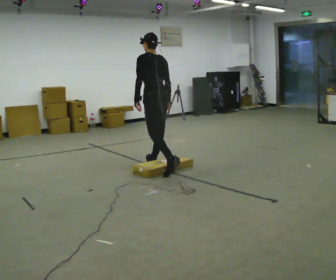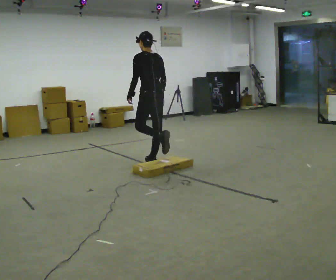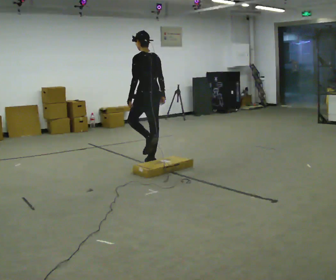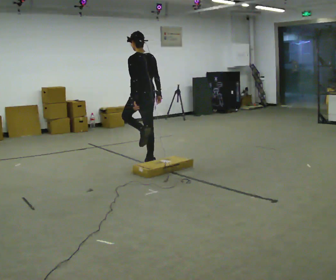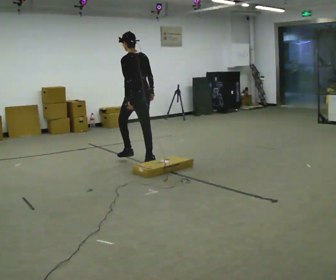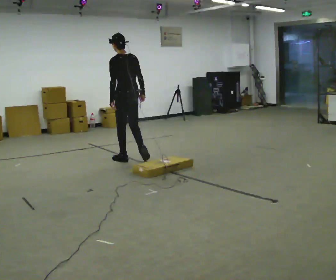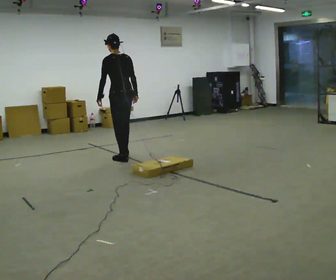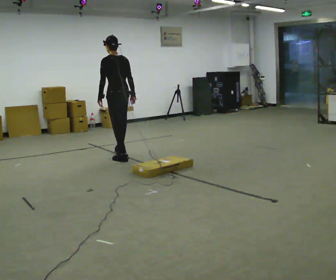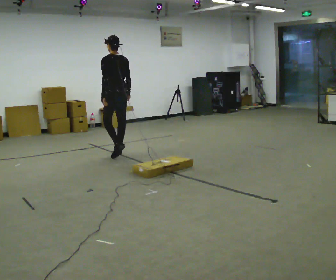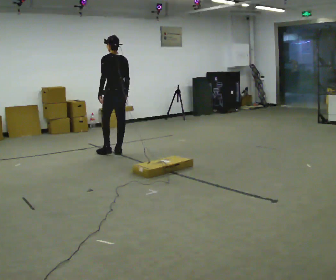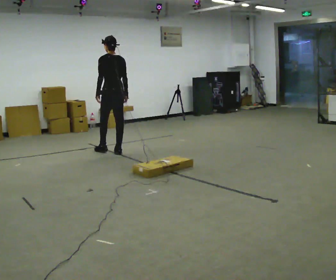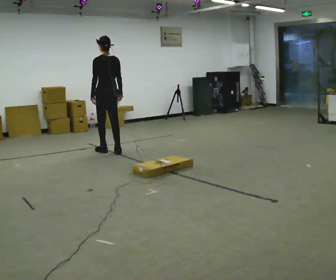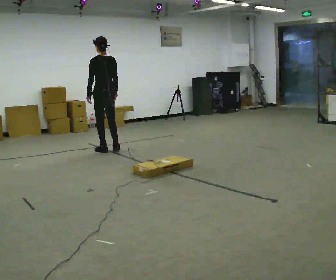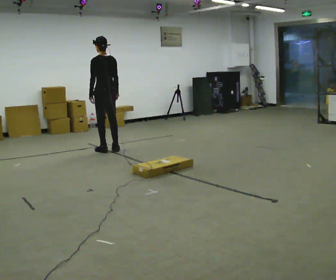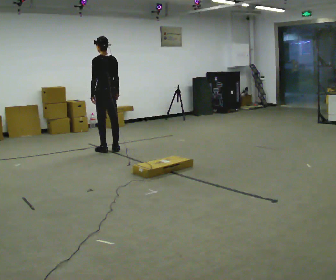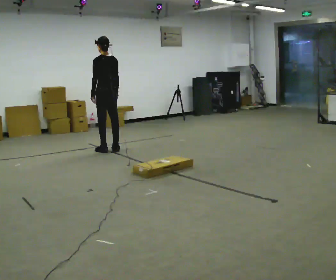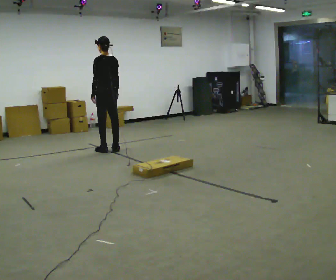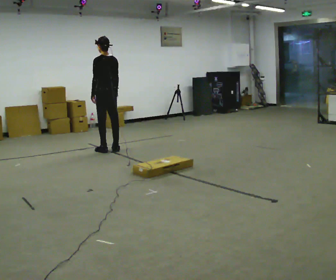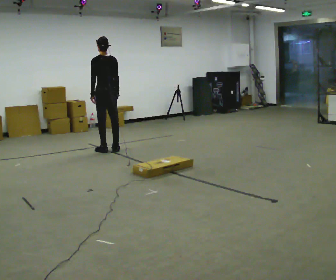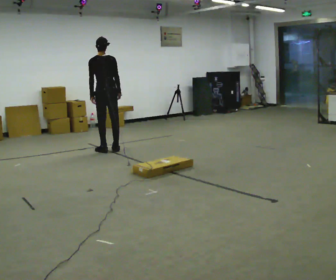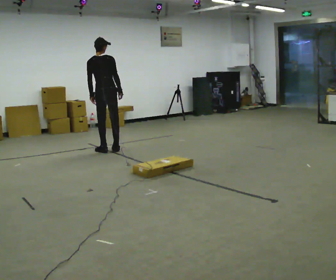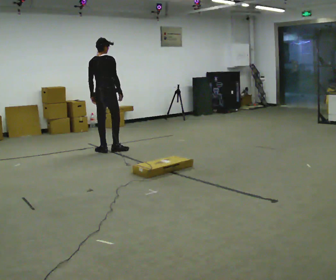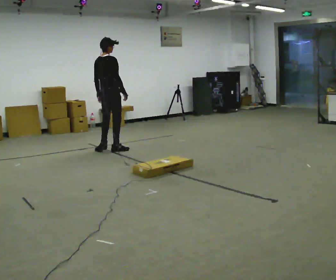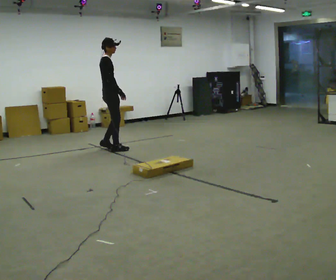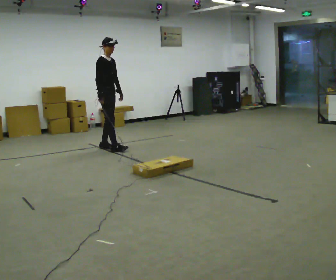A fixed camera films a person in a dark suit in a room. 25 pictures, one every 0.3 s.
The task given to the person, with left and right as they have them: Walk toward low obstacle; step over without stopping; continue.
0.0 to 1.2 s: In the picture they go away from the camera and to the left, about 0.5 m, which for them is forward.
1.2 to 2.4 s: In the picture they go away from the camera and to the left, about 0.5 m in 2 steps, which for them is forward.
2.4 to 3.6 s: In the picture they go away from the camera and to the left, about 0.25 m in 2 steps, which for them is forward.
3.6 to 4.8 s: The person moves a little, or ends about where they began.
4.8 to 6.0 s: The person turns about 45 degrees to their right, clockwise seen from above, so the part of the body nearest the lens slides to the left.
6.0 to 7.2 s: Seen from above the body turns clockwise, about 120 degrees: to their right, with its near side sliding to the left. In the picture they go away from the camera, about 0.25 m in 1 step.
The film runs forward here.
